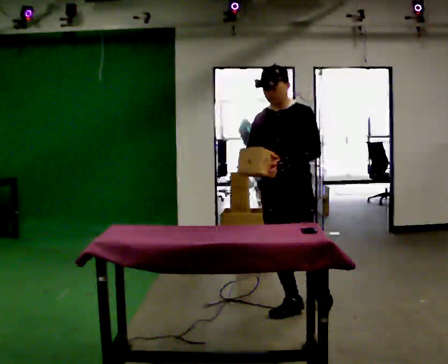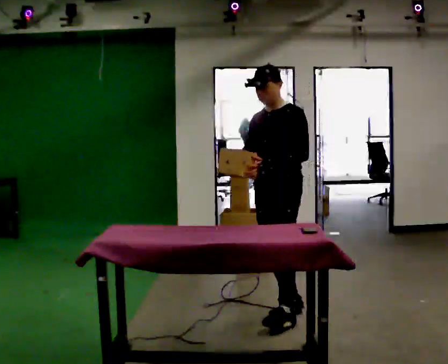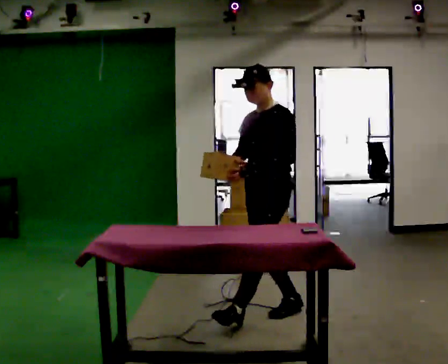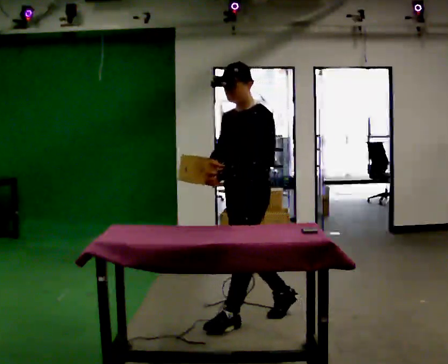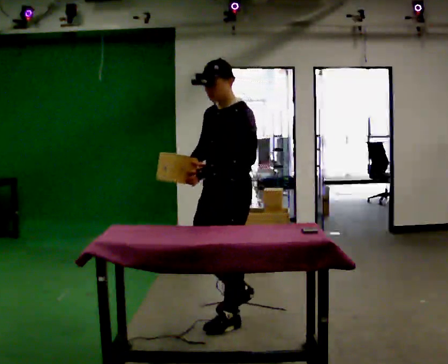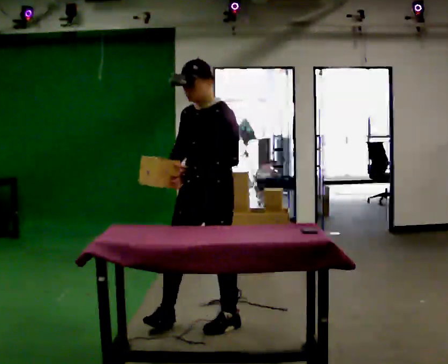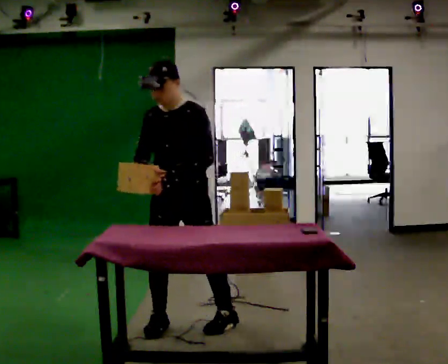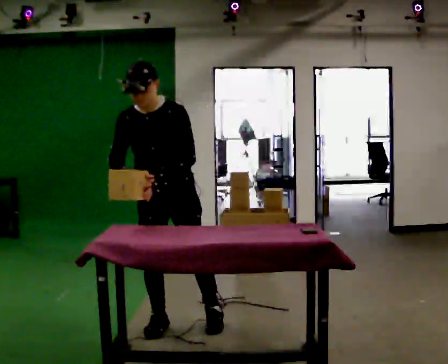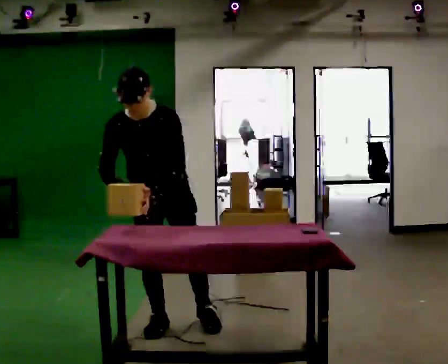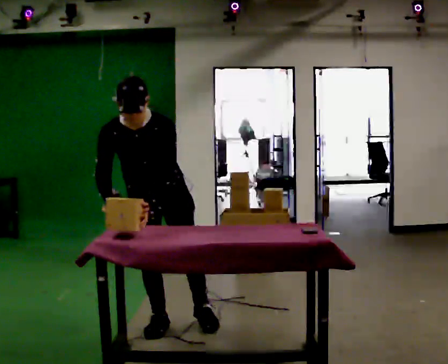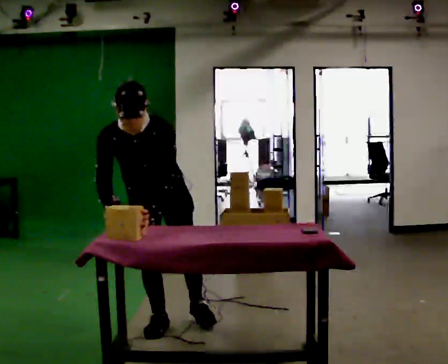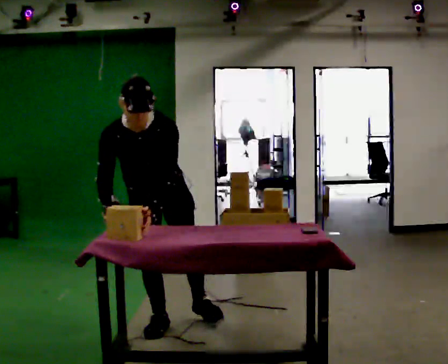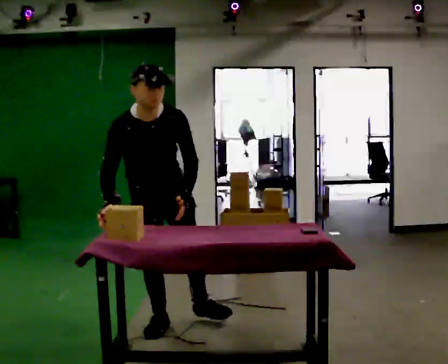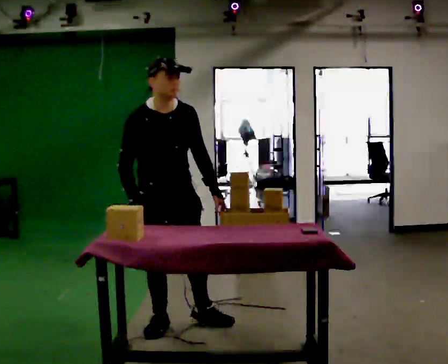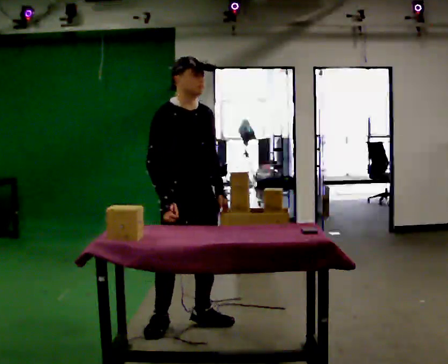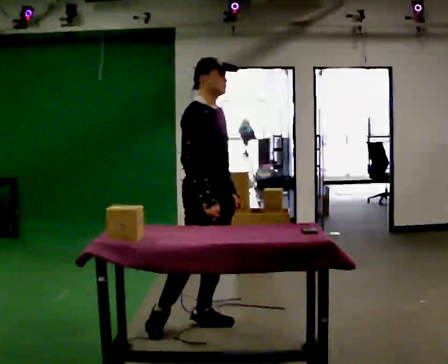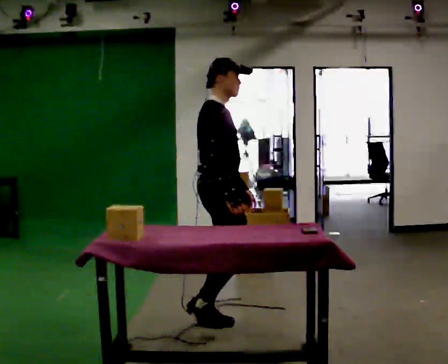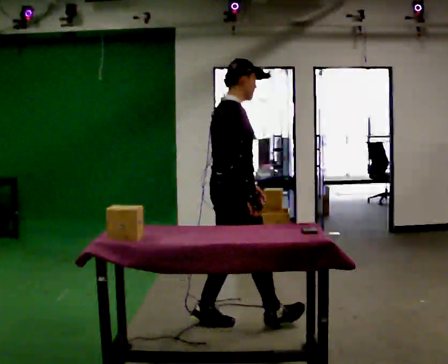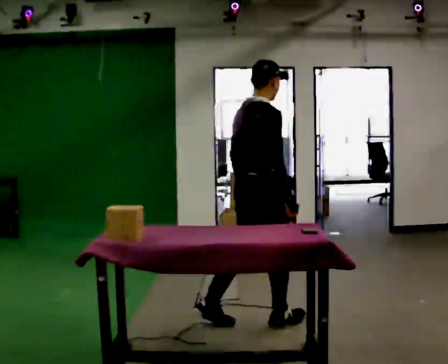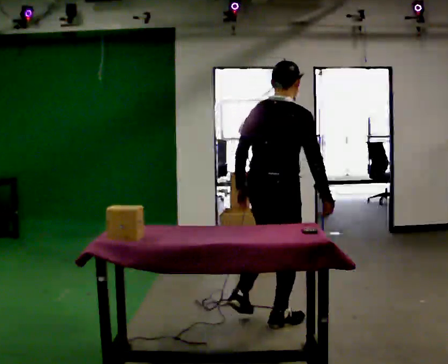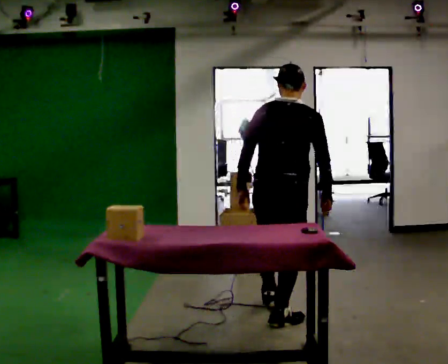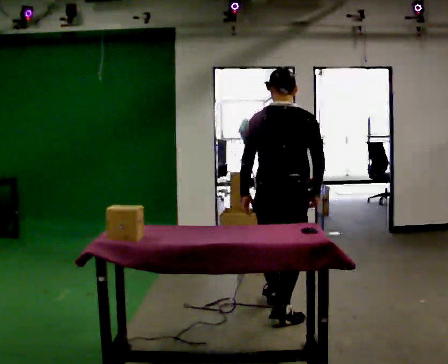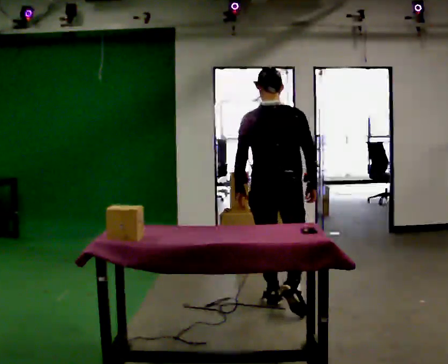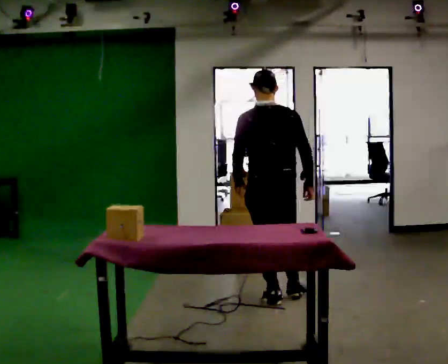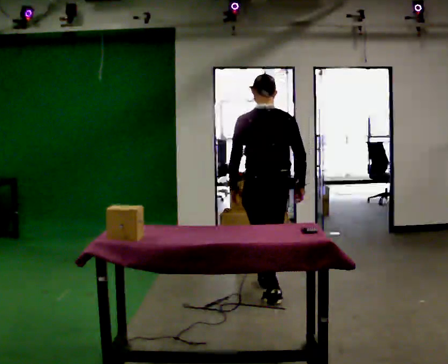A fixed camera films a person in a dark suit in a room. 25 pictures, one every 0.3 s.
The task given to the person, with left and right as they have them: 1. Clear everything off the table and put it away on the shelves. 2. Then set the table back up the way the operator shows you in the photo. 3. Tell the operator when you are finished.
0.0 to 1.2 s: In the picture they go to the left and toward the camera, about 0.5 m in 1 step, which for them is forward.
1.2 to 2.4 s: The person turns about 45 degrees to their left, counterclockwise seen from above, so the part of the body nearest the lens slides to the right. In the picture they go to the left, about 0.5 m in 2 steps, which for them is to their right and forward. The upper body tips toward the camera, its near side rolling downward, as they bend forward.
2.4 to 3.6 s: Seen from above the body turns counterclockwise, about 30 degrees: to their left, with its near side sliding to the right.
3.6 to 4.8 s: Seen from above the body turns counterclockwise, about 60 degrees: to their left, with its near side sliding to the right. In the picture they go to the right, about 0.5 m, which for them is to their left and forward. The upper body tips away from the camera, its near side rolling upward, as they lean back or straighten.
4.8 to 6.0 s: The part of the body nearest the lens slides to the right as the person turns to their left by about 75 degrees. In the picture they go to the right, about 0.5 m in 1 step.
6.0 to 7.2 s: The person turns about 45 degrees to their left, counterclockwise seen from above, so the part of the body nearest the lens slides to the right. In the picture they go away from the camera, about 0.75 m in 2 steps, which for them is forward.
The film runs forward here.
